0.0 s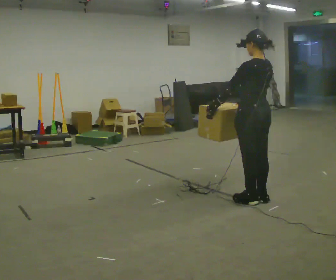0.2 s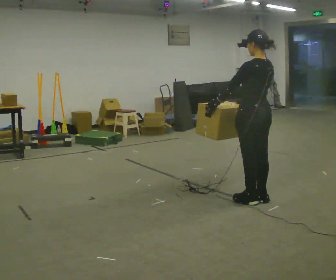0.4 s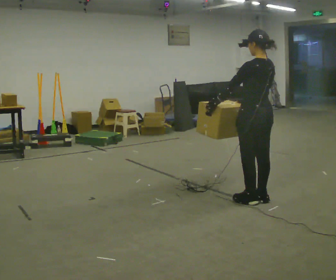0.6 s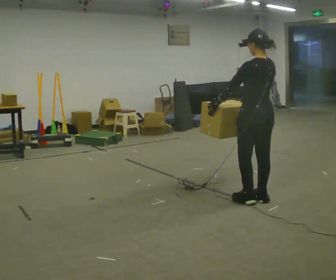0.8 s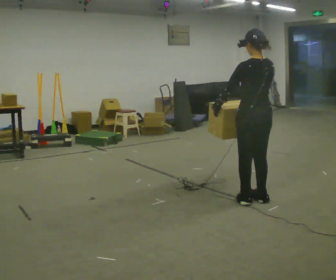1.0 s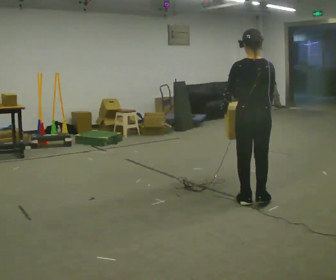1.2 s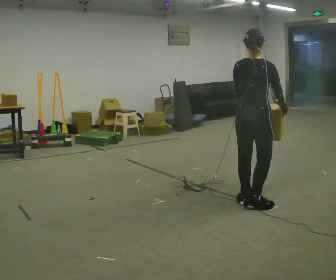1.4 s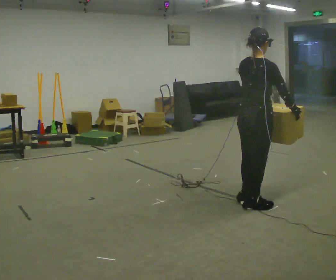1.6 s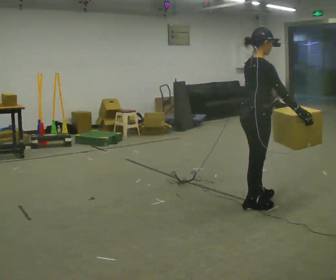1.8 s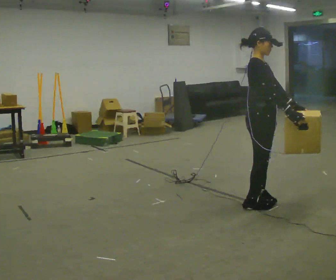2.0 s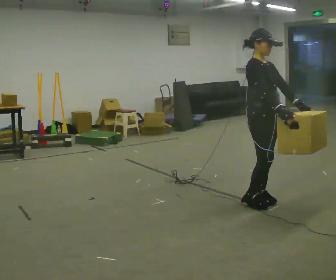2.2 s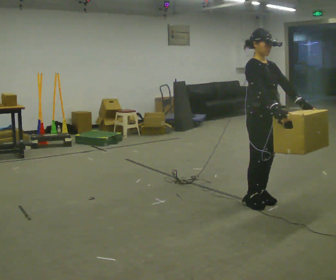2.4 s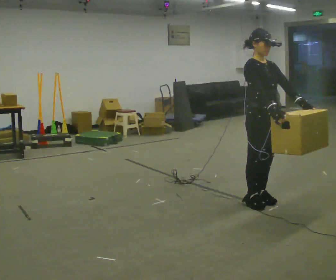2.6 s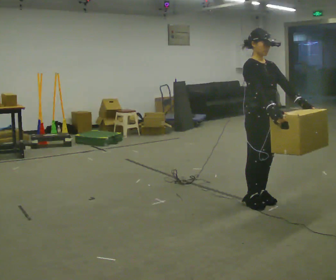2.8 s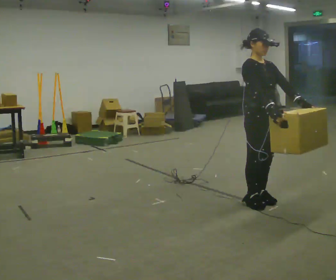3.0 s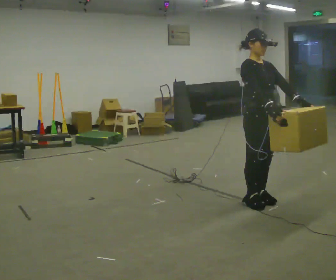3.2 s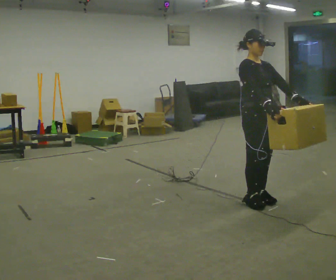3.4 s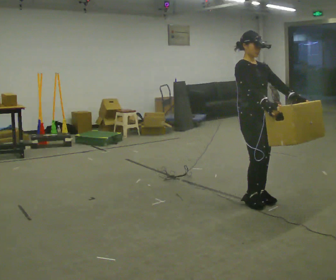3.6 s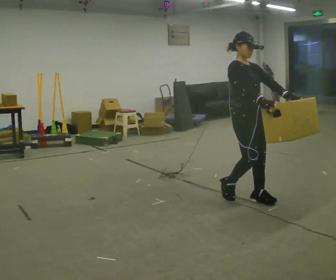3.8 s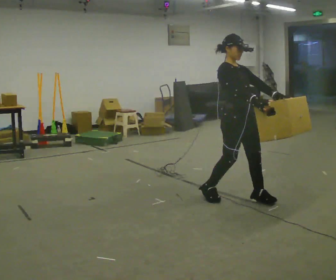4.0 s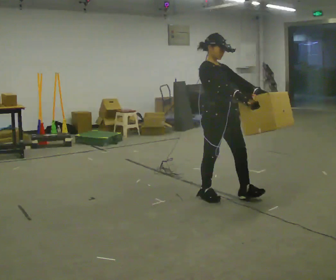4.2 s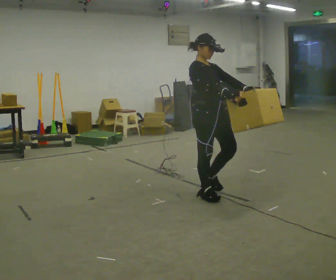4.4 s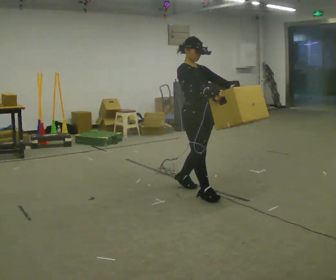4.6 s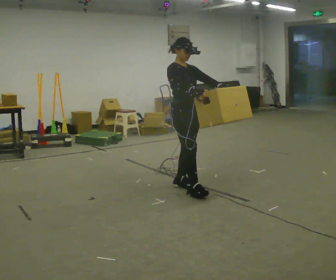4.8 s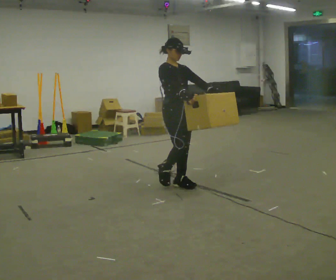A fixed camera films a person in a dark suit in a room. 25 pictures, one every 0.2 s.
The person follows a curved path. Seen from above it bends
clockwise.
The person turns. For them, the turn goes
to their right.
0.0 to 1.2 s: Seen from above the body turns clockwise, about 60 degrees: to their right, with its near side sliding to the left. In the picture their right hand goes to the right, the arm swinging counterclockwise.
1.2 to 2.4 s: The part of the body nearest the lens slides to the left as the person turns to their right by about 120 degrees. In the picture their left hand goes to the right, the arm swinging counterclockwise.
2.4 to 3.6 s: The person moves a little, or ends about where they began.
3.6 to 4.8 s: In the picture they go to the left and away from the camera, about 1 m in 2 steps, which for them is backward.
The film runs backward here.
